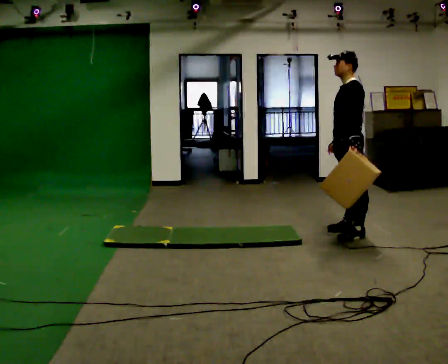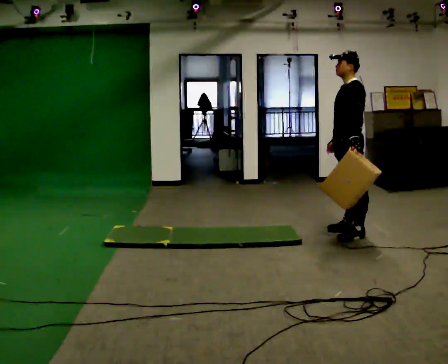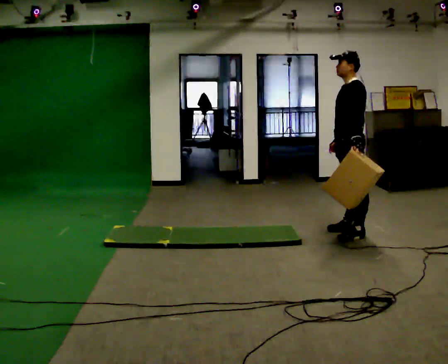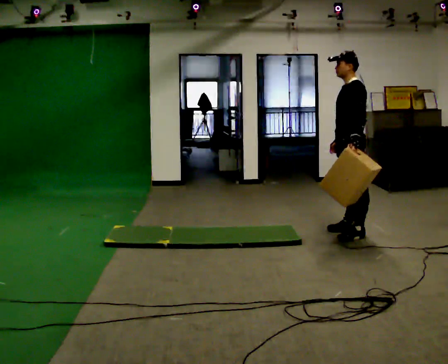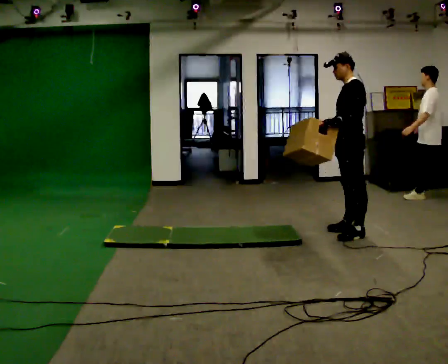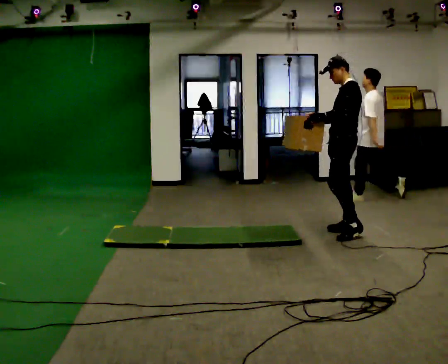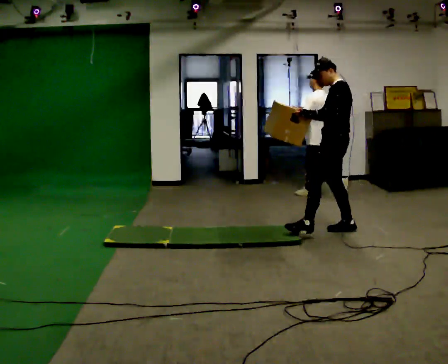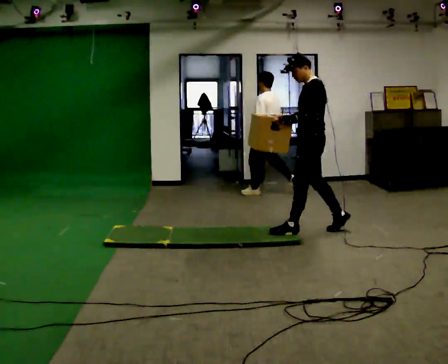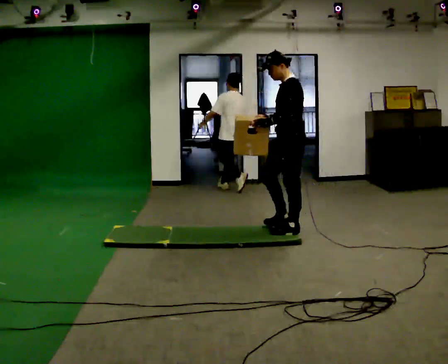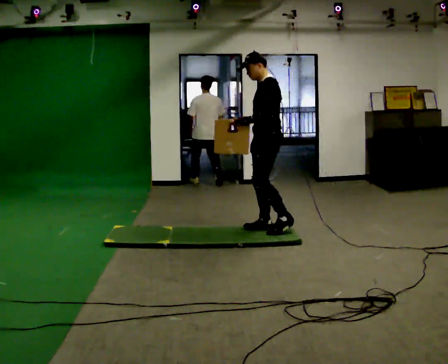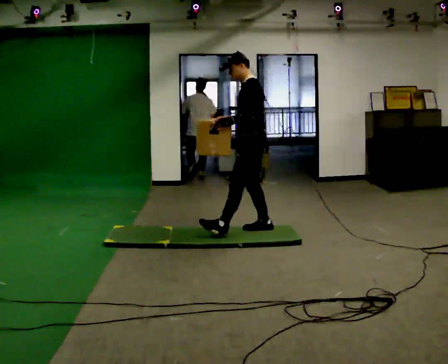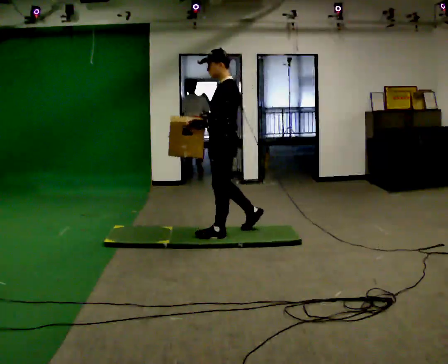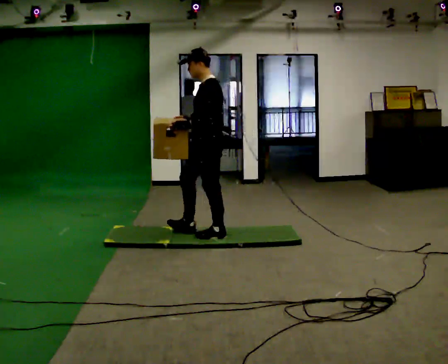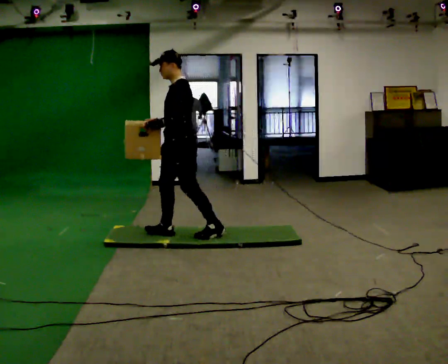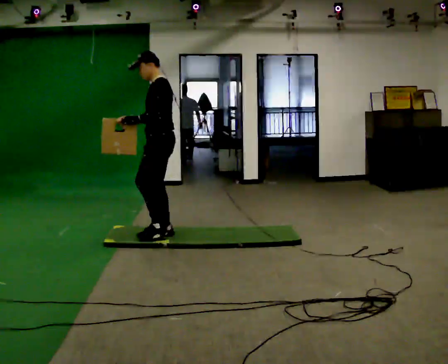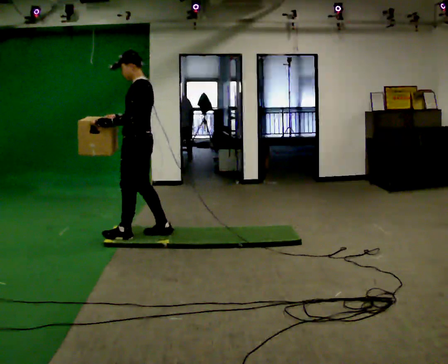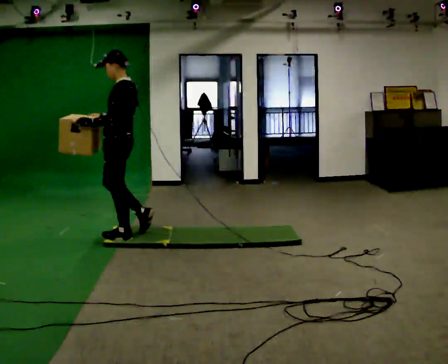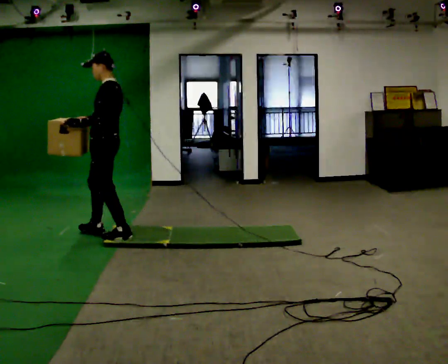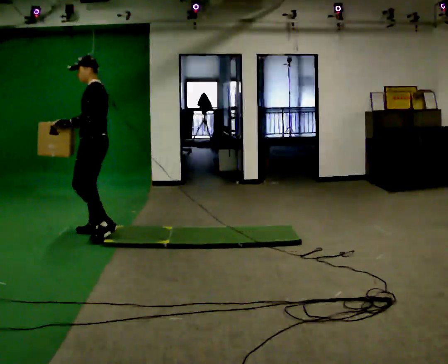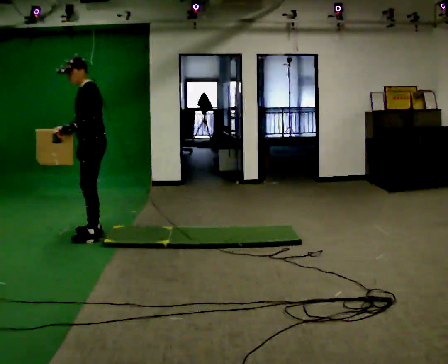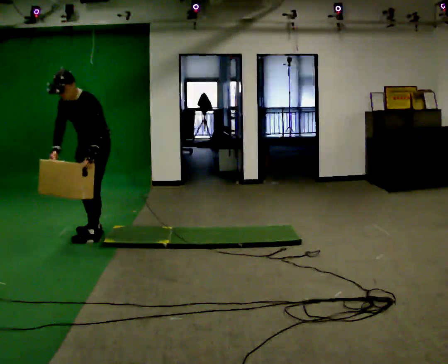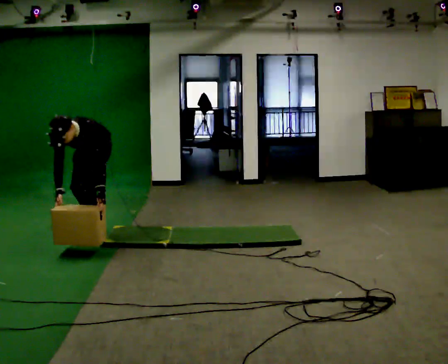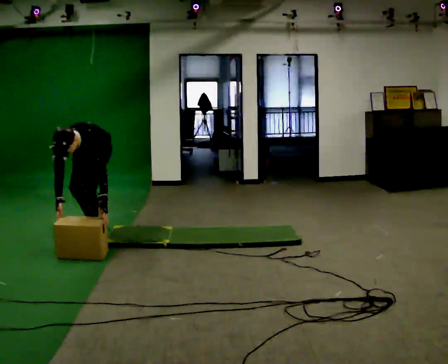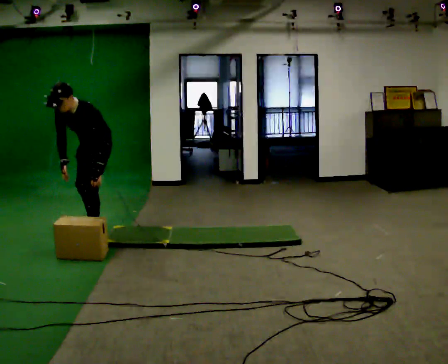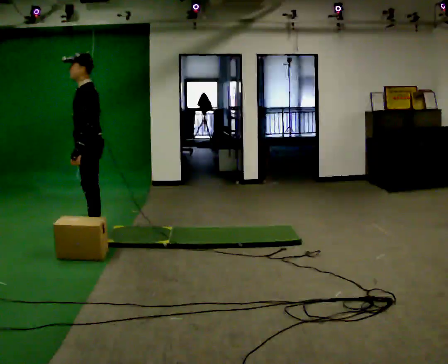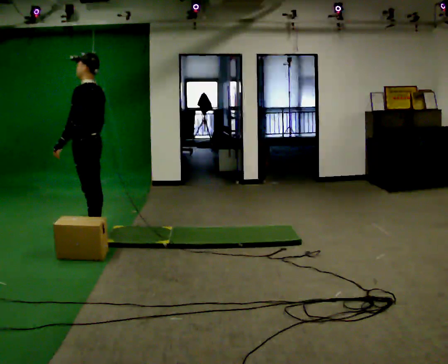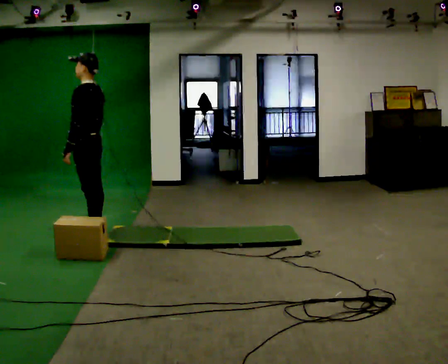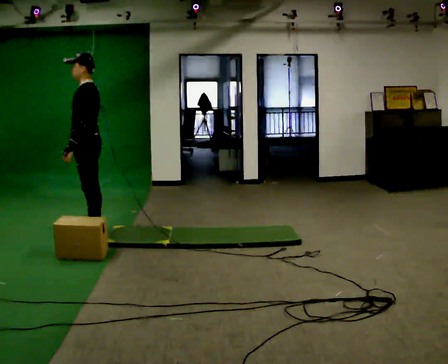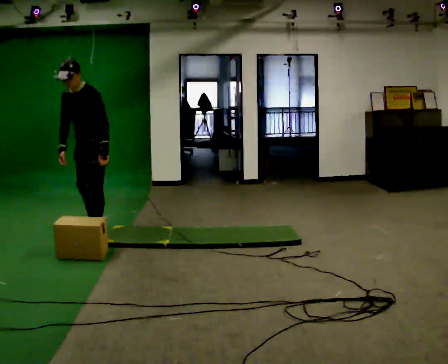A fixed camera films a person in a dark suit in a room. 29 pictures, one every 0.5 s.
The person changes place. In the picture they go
to the left.
0.0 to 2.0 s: The person moves a little, or ends about where they began.
2.0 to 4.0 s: In the picture they go to the left, about 0.5 m in 1 step, which for them is forward.
4.0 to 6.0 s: In the picture they go to the left, about 1 m in 2 steps, which for them is forward.
6.0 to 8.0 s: In the picture they go to the left, about 1 m in 2 steps, which for them is forward.
8.0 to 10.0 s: The part of the body nearest the lens slides to the right as the person turns to their left by about 45 degrees. In the picture they go to the left and away from the camera, about 0.25 m in 2 steps, which for them is forward and to their right. In the picture the upper body tilts counterclockwise, shoulders to the left, as they bend forward.
10.0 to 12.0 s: The person turns about 45 degrees to their right, clockwise seen from above, so the part of the body nearest the lens slides to the left.
12.0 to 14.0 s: The person turns about 45 degrees to their left, counterclockwise seen from above, so the part of the body nearest the lens slides to the right.
The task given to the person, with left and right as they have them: Carry the box across the soft uneven mat, set it down on the far side, then bring it back. Keep going until the operator says stop; one object at a time, and do not rush between trips.
The film runs forward here.
